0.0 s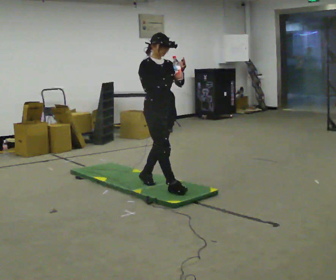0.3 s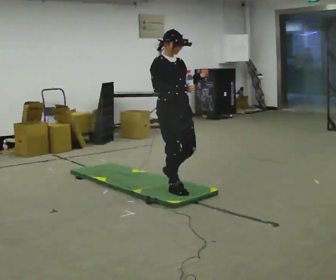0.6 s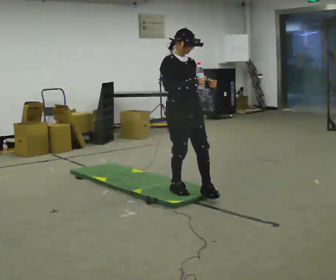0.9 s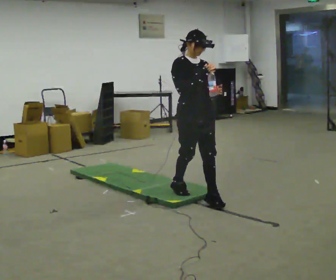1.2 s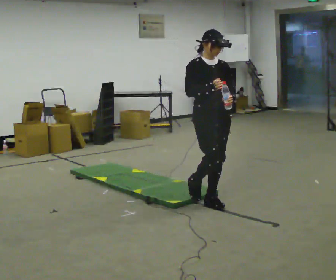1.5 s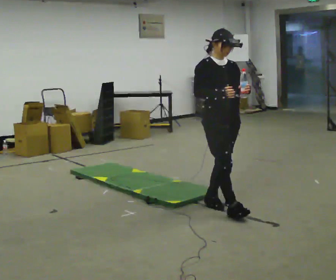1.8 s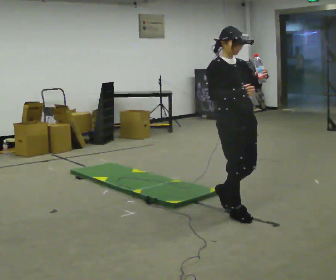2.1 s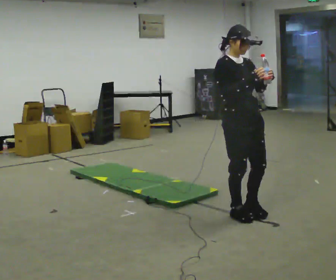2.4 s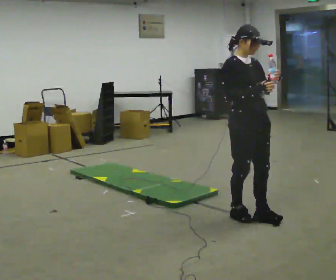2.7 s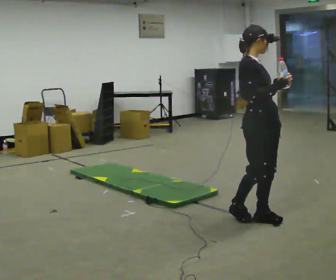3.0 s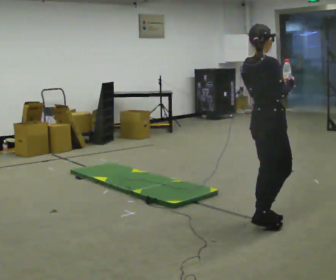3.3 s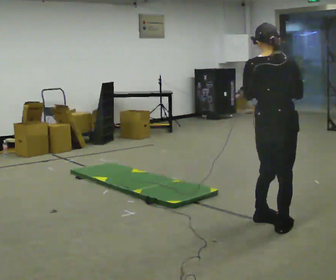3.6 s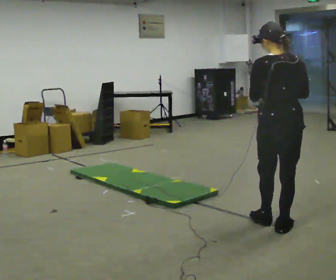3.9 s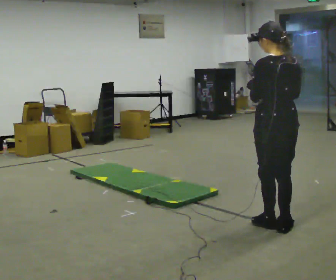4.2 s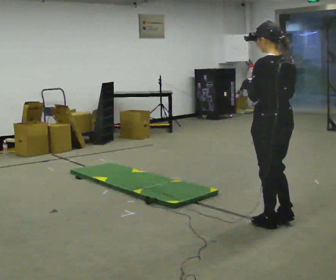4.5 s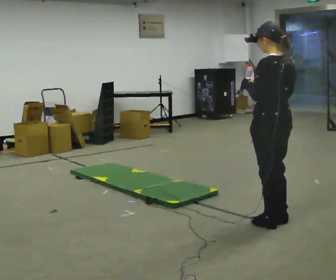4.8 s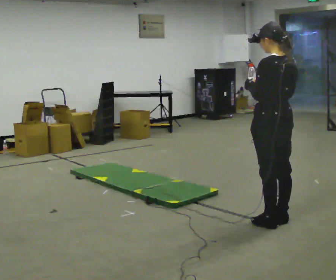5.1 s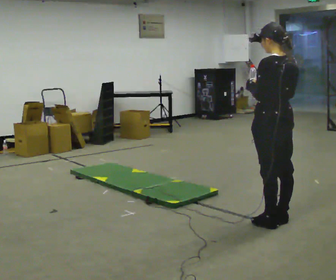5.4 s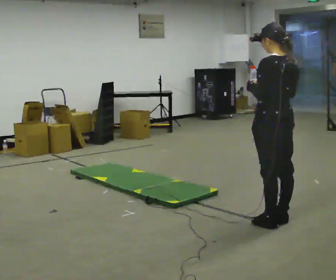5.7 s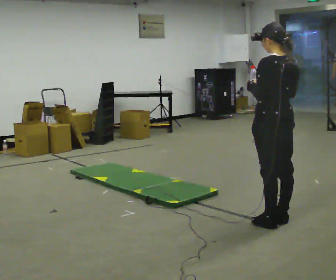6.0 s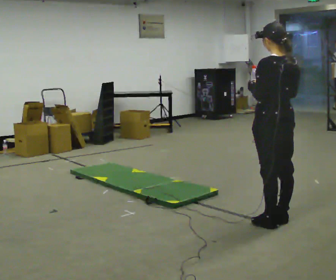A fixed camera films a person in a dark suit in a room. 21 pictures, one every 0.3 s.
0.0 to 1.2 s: In the picture they go to the right and toward the camera, about 0.75 m in 1 step, which for them is forward.
1.2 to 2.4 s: In the picture they go toward the camera and to the right, about 0.5 m in 2 steps, which for them is forward.
2.4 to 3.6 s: Seen from above the body turns counterclockwise, about 135 degrees: to their left, with its near side sliding to the right. In the picture they go to the right and toward the camera, about 0.5 m in 1 step.
3.6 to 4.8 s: The part of the body nearest the lens slides to the right as the person turns to their left by about 30 degrees.
4.8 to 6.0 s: The person keeps their place and pose.
The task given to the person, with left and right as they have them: Hold the object and walk back and forth. It may slip. Try to catch it if you can, but let it go rather than lurching after it.
The film runs forward here.
